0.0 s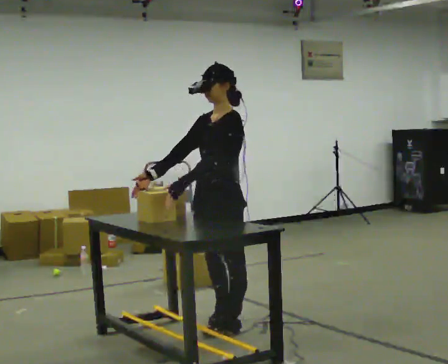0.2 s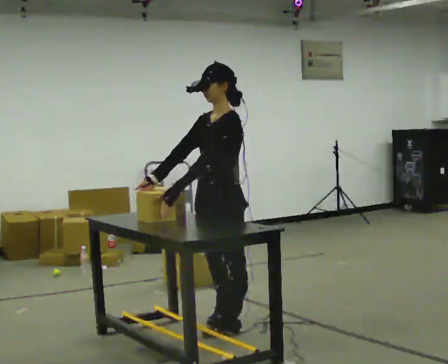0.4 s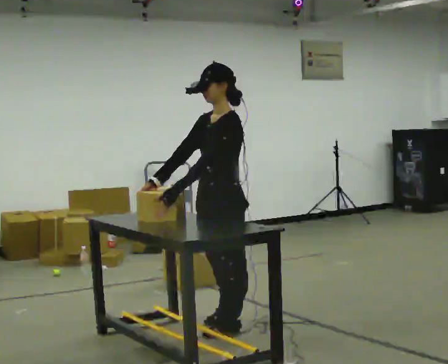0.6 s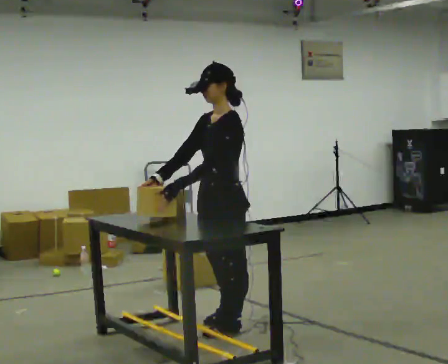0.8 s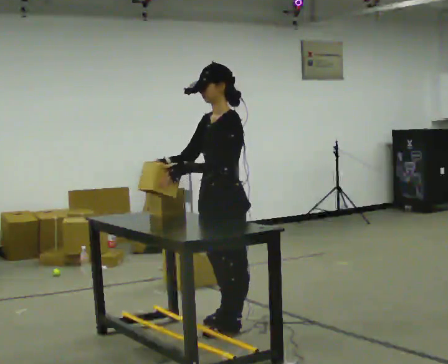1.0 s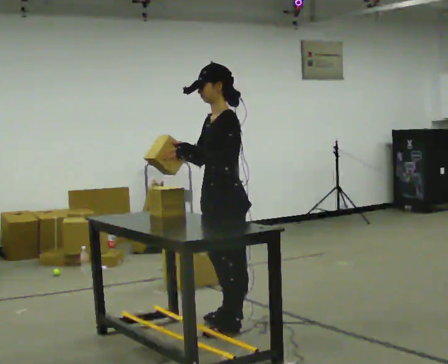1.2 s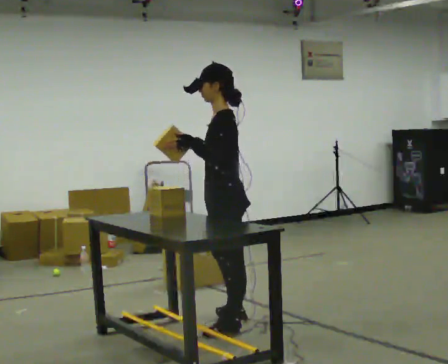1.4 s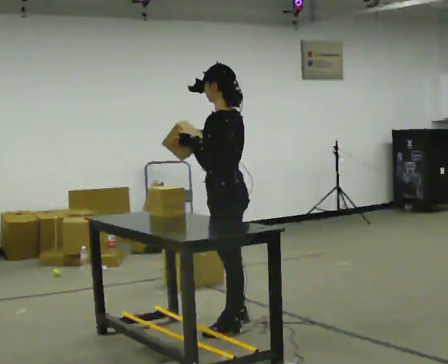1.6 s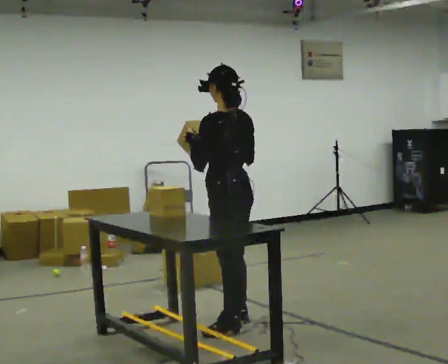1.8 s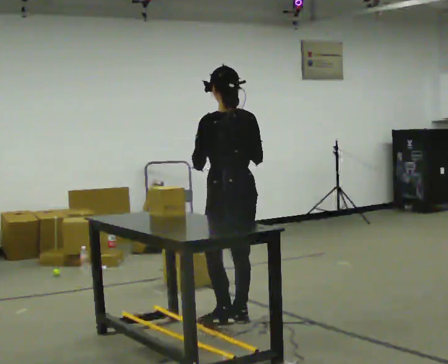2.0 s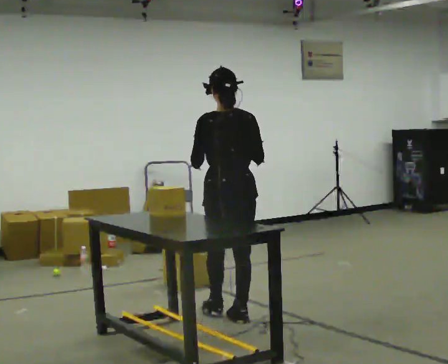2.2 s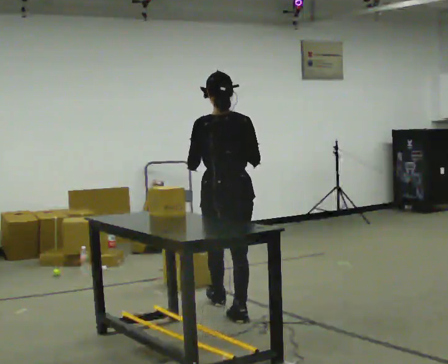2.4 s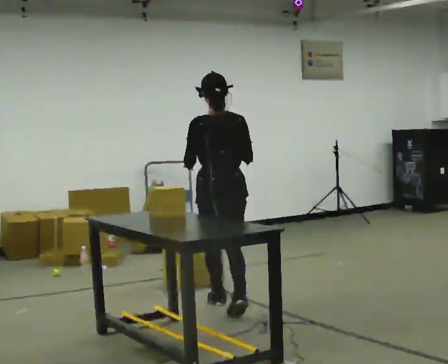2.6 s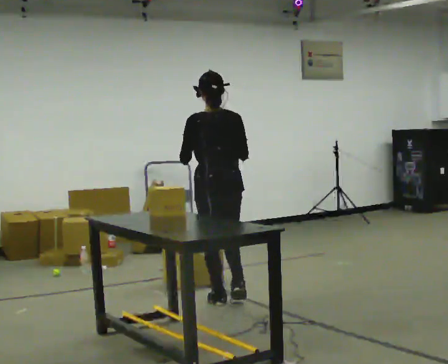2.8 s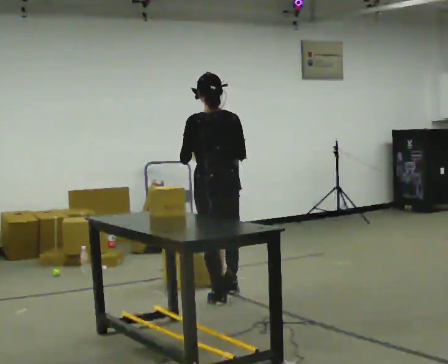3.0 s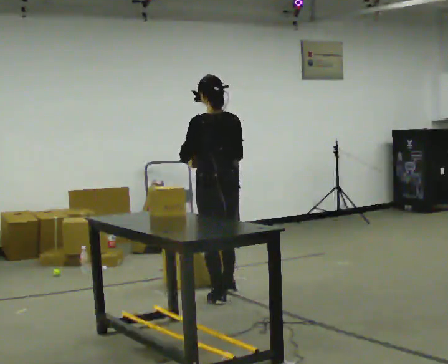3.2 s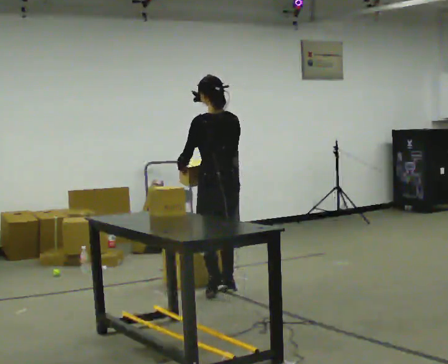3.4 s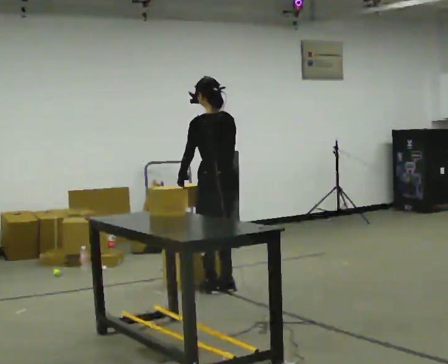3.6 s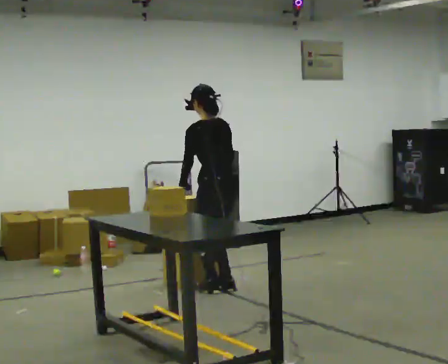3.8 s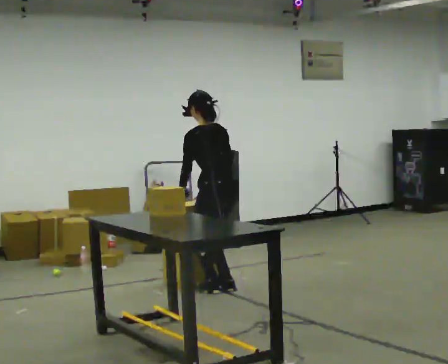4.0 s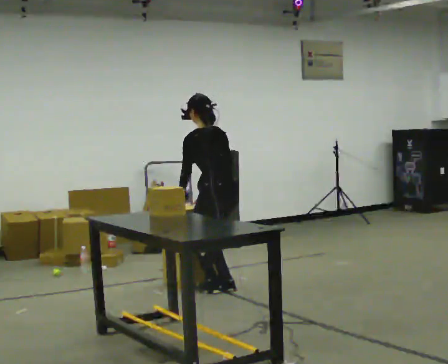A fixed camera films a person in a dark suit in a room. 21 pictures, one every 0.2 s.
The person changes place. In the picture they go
away from the camera.
0.0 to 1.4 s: Seen from above the body turns clockwise, about 45 degrees: to their right, with its near side sliding to the left. In the picture their right hand goes to the right.
1.4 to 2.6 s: The part of the body nearest the lens slides to the left as the person turns to their right by about 45 degrees. In the picture they go away from the camera, about 0.5 m in 1 step, which for them is forward.
2.6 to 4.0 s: The part of the body nearest the lens slides to the right as the person turns to their left by about 30 degrees. In the picture they go away from the camera, about 0.5 m in 2 steps, which for them is forward and to their right. The upper body tips away from the camera, its near side rolling upward, as they bend forward. In the picture their right hand goes downward.
The film runs forward here.
